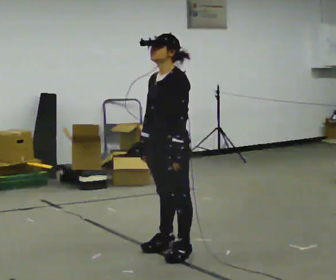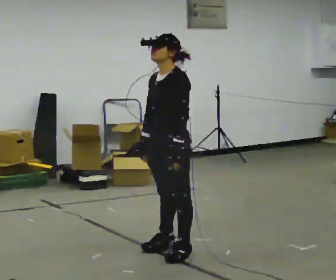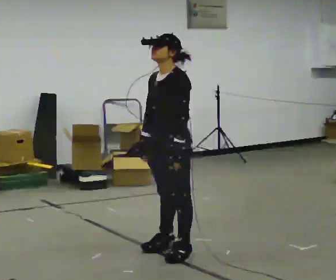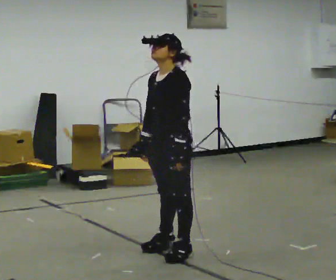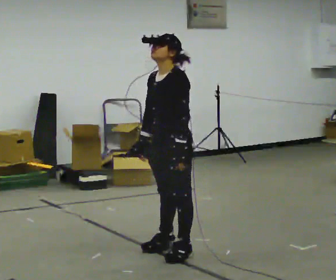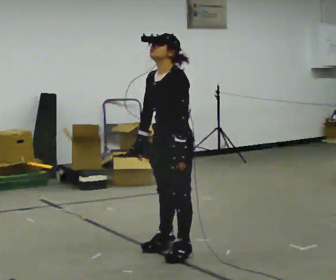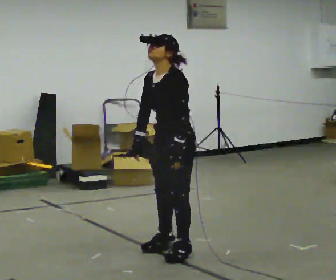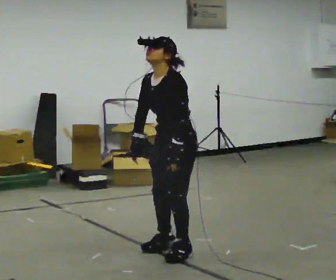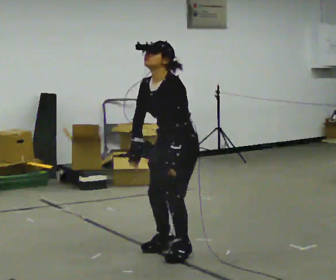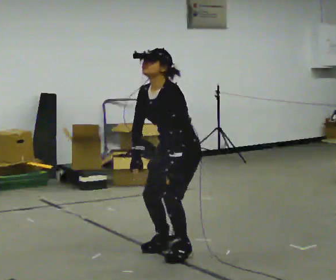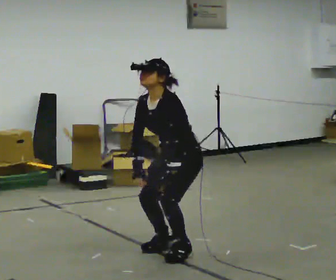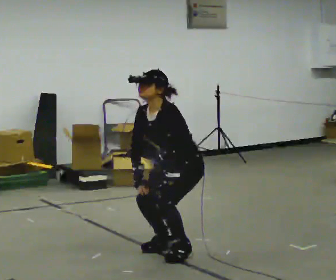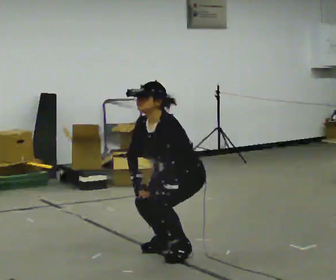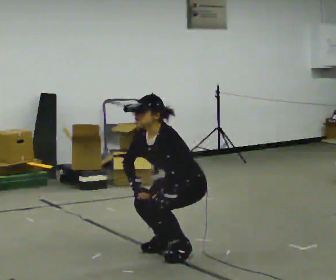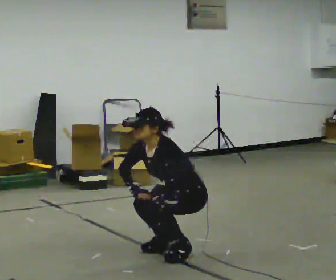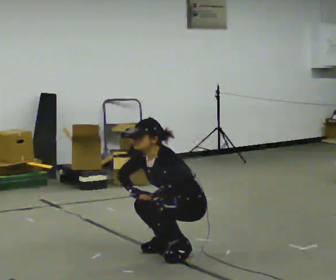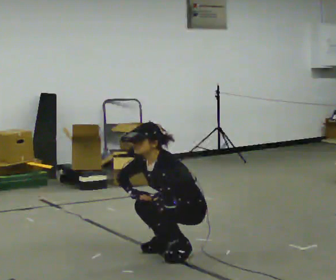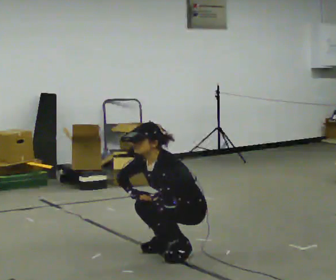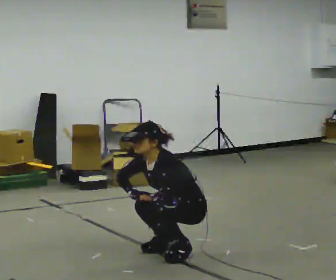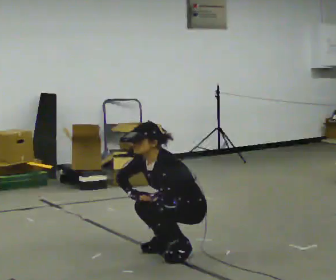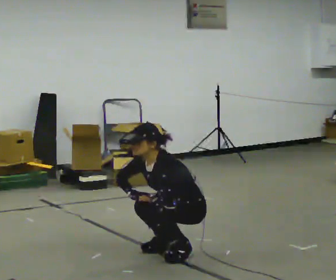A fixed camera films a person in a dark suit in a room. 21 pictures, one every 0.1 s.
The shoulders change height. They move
downward.
The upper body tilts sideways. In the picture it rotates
counterclockwise.
0.0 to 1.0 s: The upper body goes downward. In the picture the upper body tilts counterclockwise, shoulders to the left, as they bend forward.
1.0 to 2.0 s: The shoulders move downward.
The film runs backward here.
